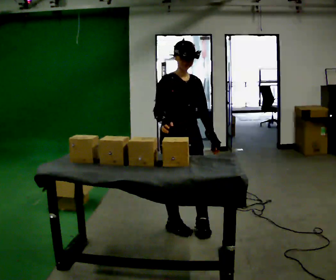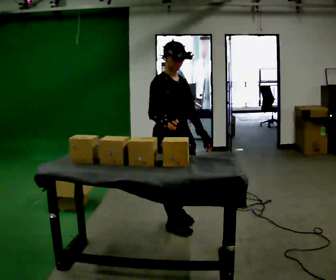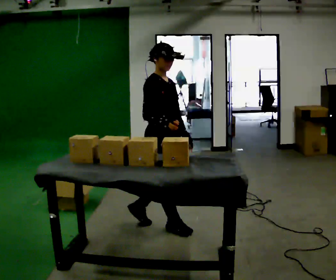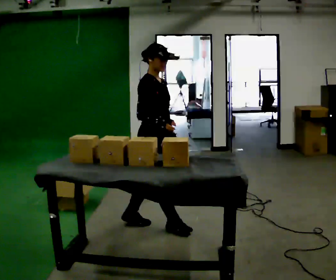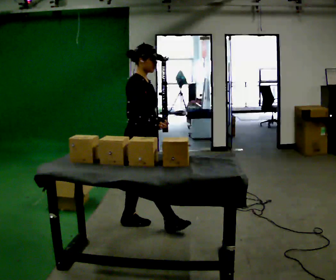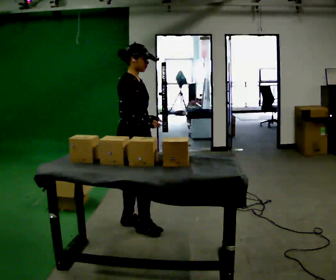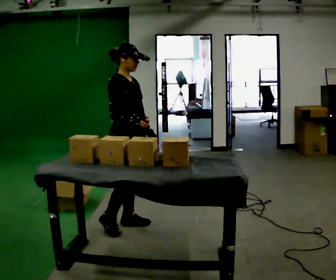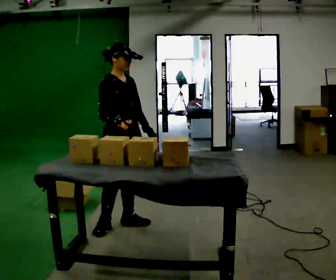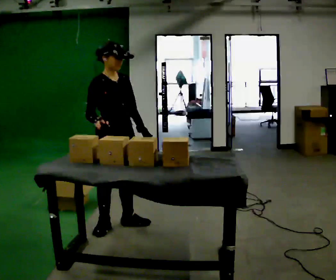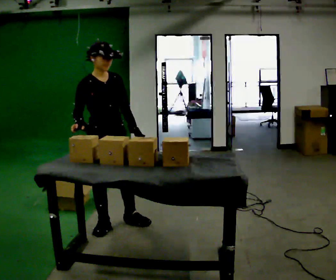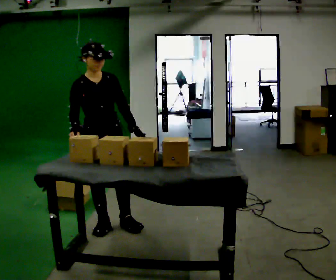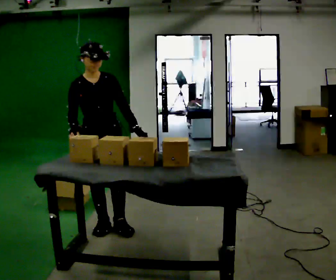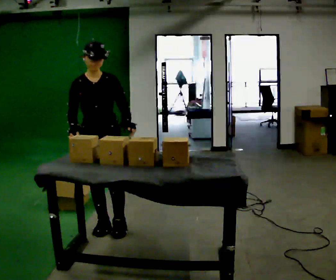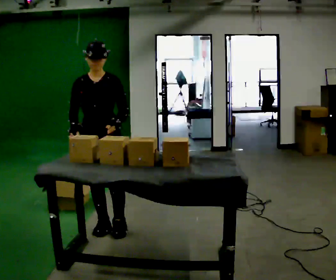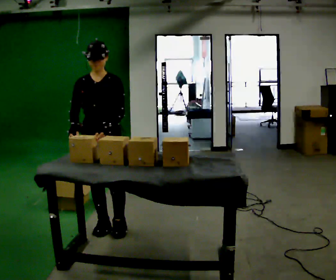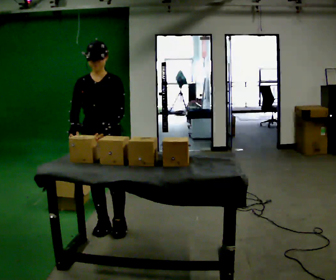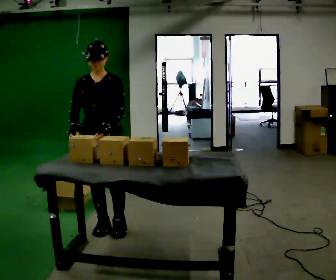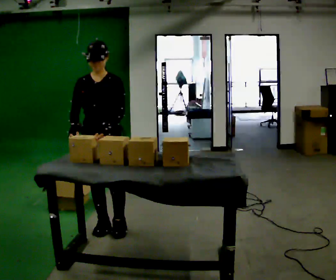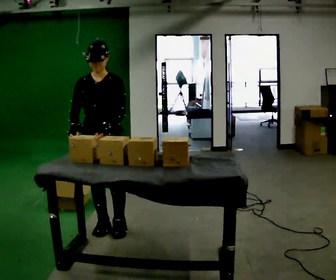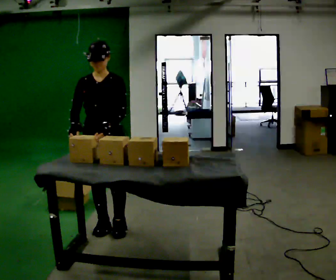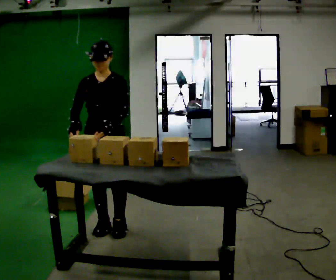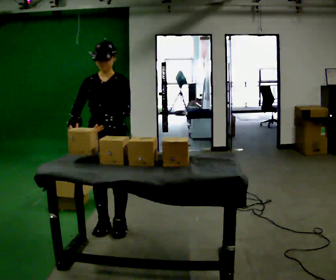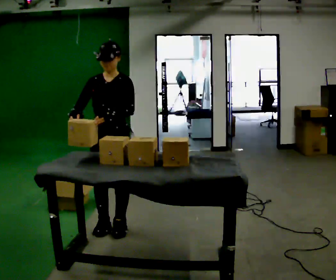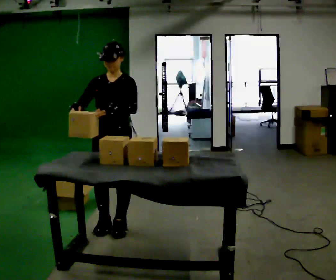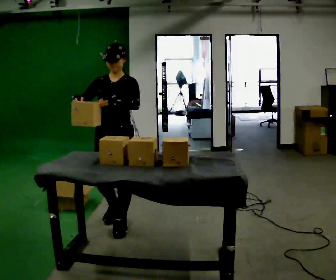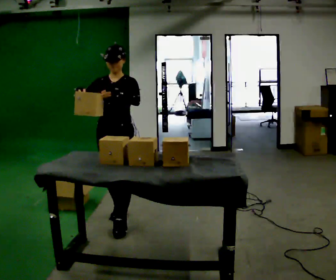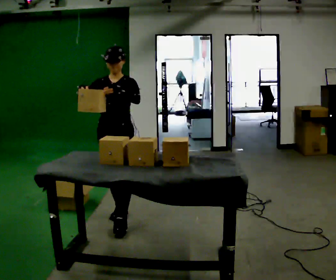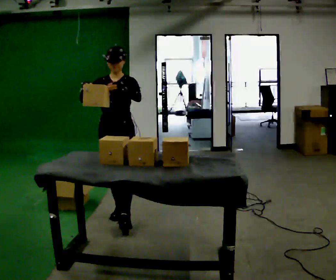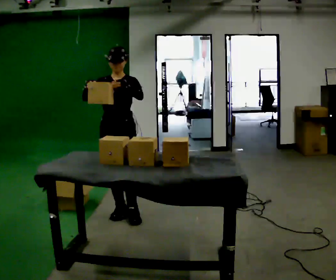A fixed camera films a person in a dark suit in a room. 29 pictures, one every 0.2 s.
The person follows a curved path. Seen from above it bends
clockwise.
0.0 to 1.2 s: The person turns about 45 degrees to their left, counterclockwise seen from above, so the part of the body nearest the lens slides to the right. In the picture they go to the left, about 0.5 m in 1 step, which for them is backward.
1.2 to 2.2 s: Seen from above the body turns clockwise, about 45 degrees: to their right, with its near side sliding to the left. In the picture they go to the left, about 0.25 m, which for them is to their right.
2.2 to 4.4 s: The person turns about 30 degrees to their right, clockwise seen from above, so the part of the body nearest the lens slides to the left.
4.4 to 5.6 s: In the picture they go away from the camera, about 0.25 m in 2 steps, which for them is backward.
The film runs backward here.
